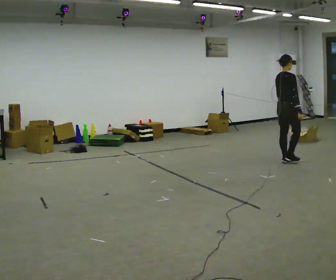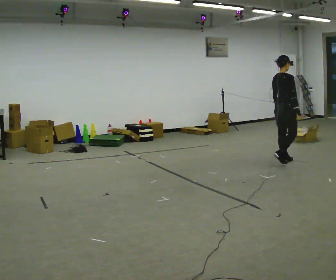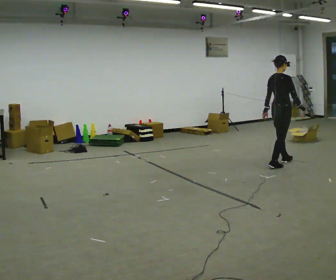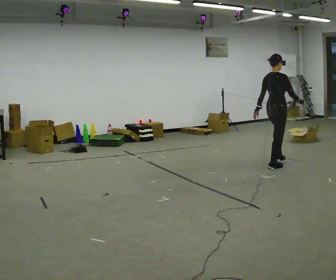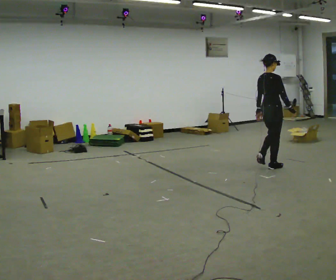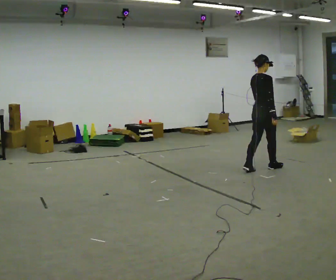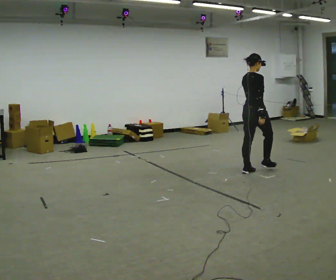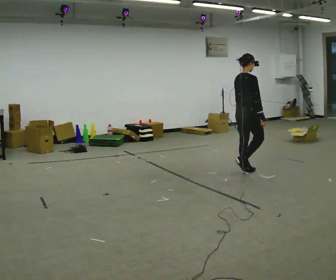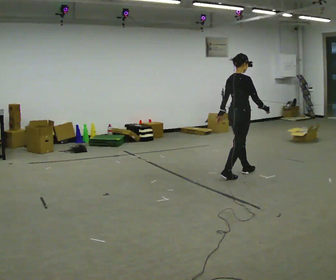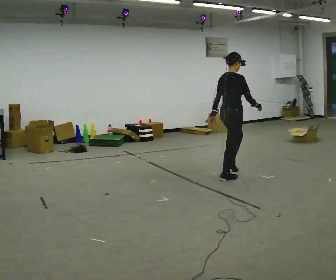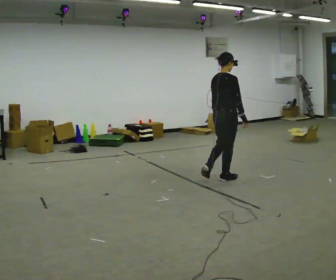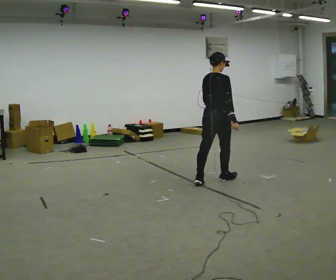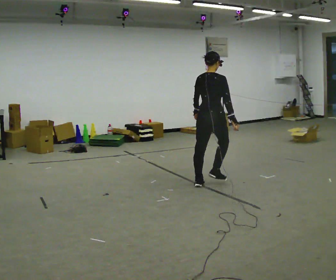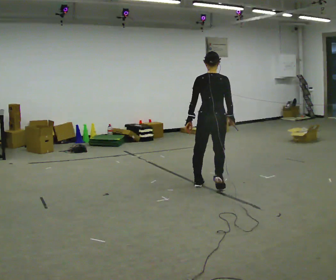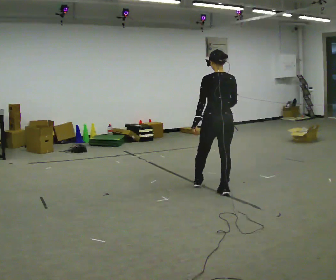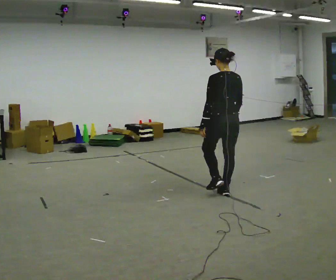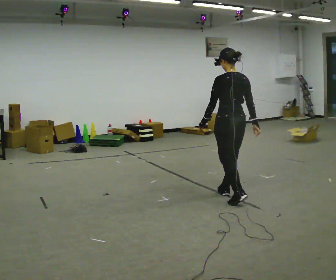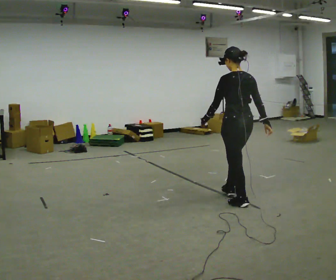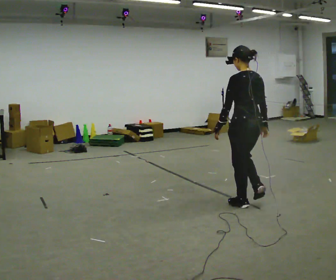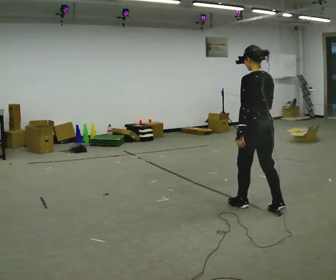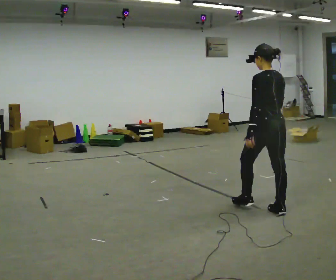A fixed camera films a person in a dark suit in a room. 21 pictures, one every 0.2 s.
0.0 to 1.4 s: In the picture they go to the left and toward the camera, about 1 m in 2 steps, which for them is backward.
1.4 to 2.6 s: The part of the body nearest the lens slides to the right as the person turns to their left by about 45 degrees. In the picture they go toward the camera and to the left, about 1 m in 2 steps, which for them is backward.
2.6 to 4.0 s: Seen from above the body turns counterclockwise, about 45 degrees: to their left, with its near side sliding to the right. In the picture they go toward the camera and to the right, about 1 m in 3 steps, which for them is backward.
The film runs backward here.
